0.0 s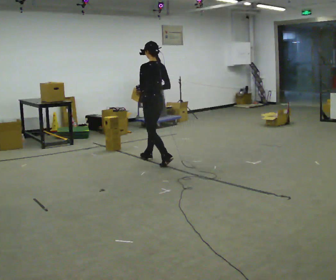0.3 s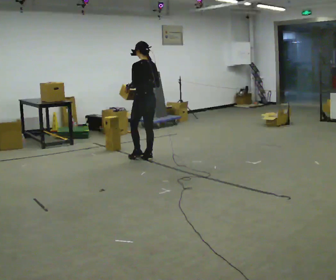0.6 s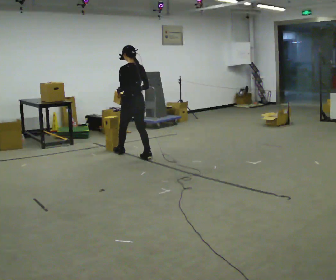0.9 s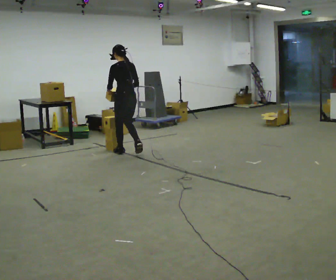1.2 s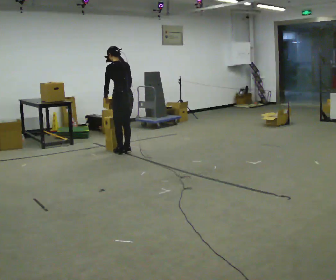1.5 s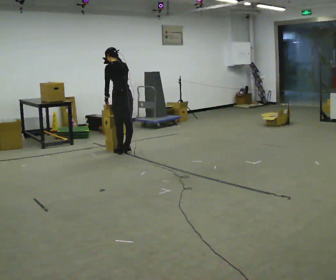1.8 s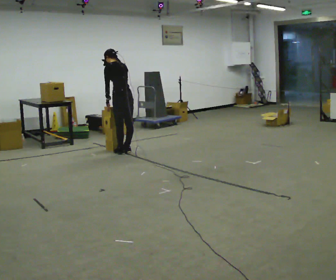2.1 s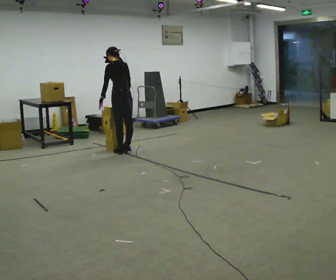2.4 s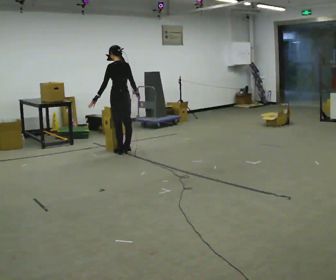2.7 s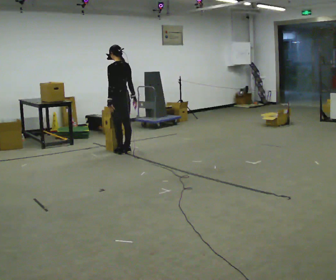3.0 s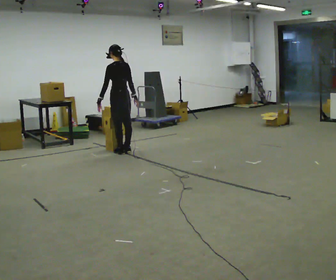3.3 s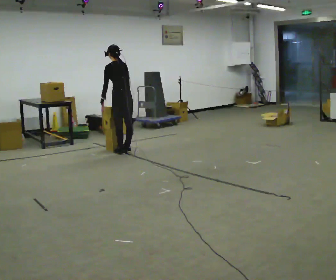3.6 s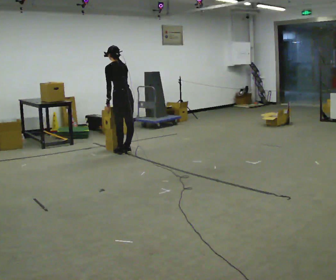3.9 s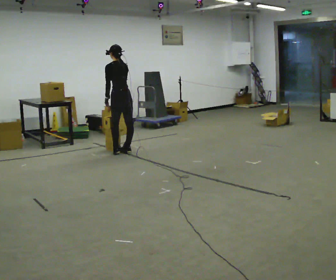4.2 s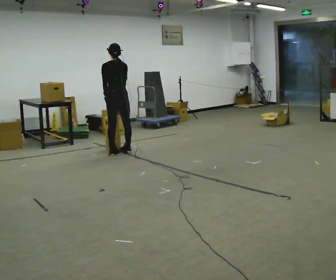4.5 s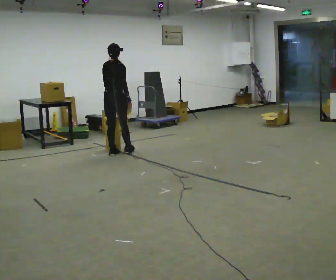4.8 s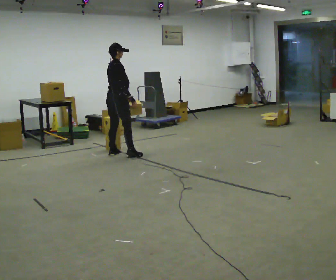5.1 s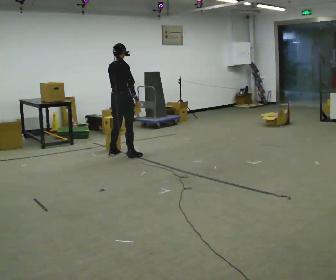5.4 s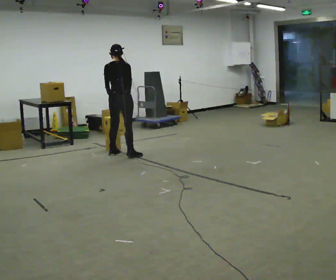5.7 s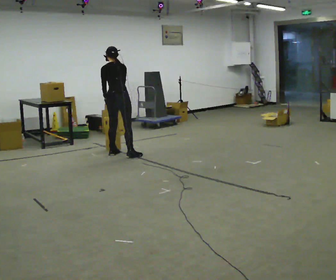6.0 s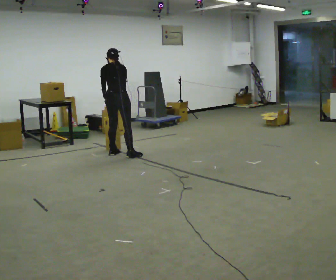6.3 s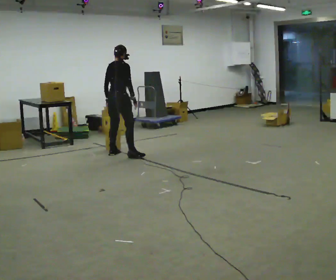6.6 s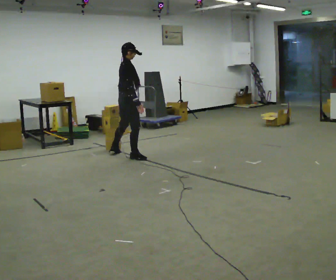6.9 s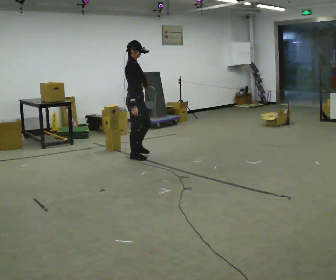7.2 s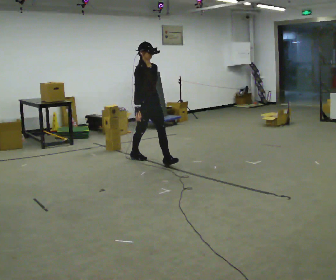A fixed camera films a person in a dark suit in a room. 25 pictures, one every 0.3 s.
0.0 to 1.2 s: In the picture they go away from the camera and to the left, about 0.75 m in 2 steps, which for them is forward.
1.2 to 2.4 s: The person moves a little, or ends about where they began.
2.4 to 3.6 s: The upper body tips away from the camera, its near side rolling upward, as they bend forward.
3.6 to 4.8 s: The part of the body nearest the lens slides to the left as the person turns to their right by about 105 degrees.
4.8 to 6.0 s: The part of the body nearest the lens slides to the right as the person turns to their left by about 60 degrees. The upper body tips away from the camera, its near side rolling upward, as they bend forward.
6.0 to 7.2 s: The person turns about 135 degrees to their right, clockwise seen from above, so the part of the body nearest the lens slides to the left. In the picture they go toward the camera and to the right, about 1 m in 1 step. The upper body tips toward the camera, its near side rolling downward.
The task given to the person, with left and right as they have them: Carry the stack of boxes across the room without letting it fall over, then bring it back. Keep going until the operator says stop; one object at a time, and do not rush between trips.
The film runs forward here.
